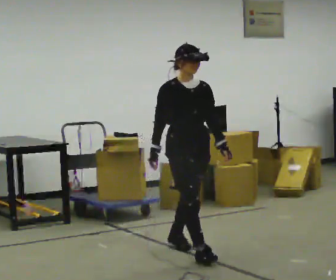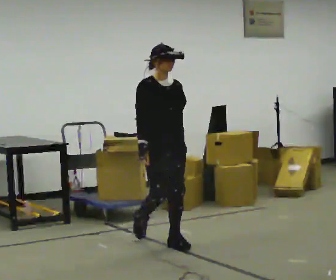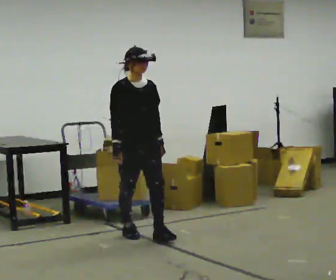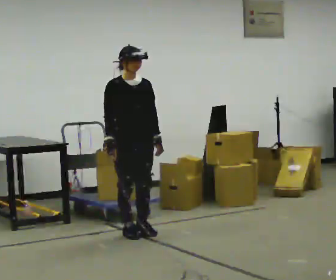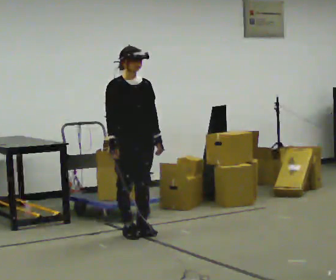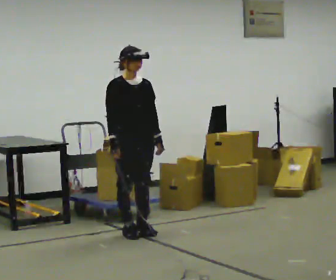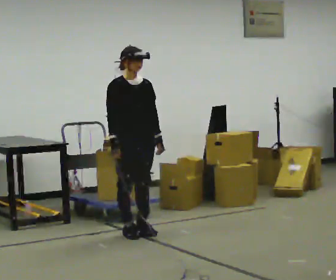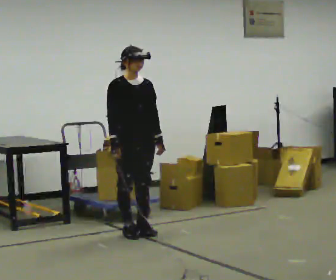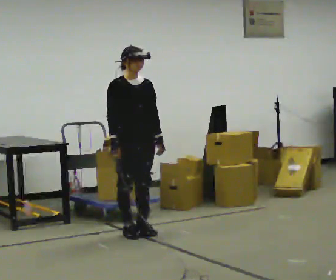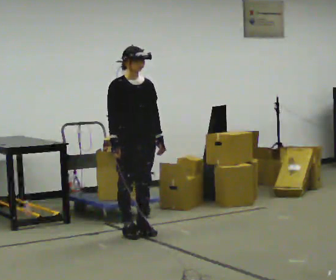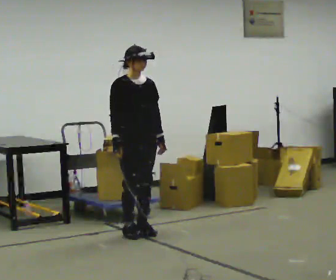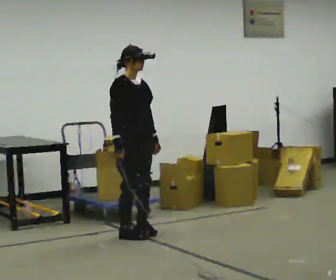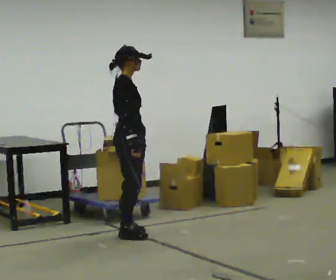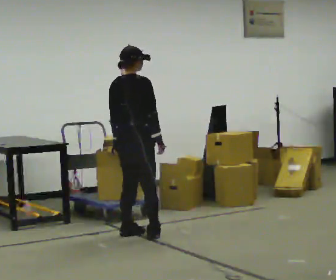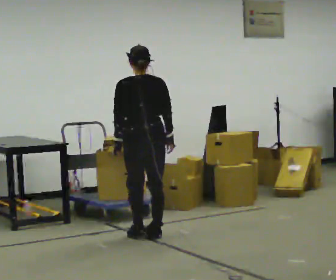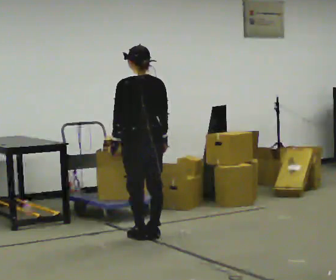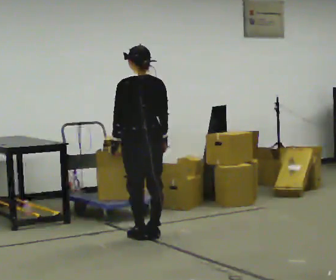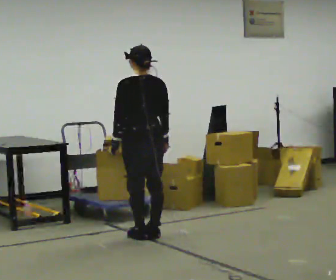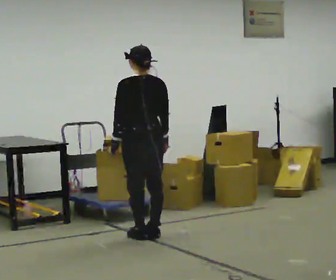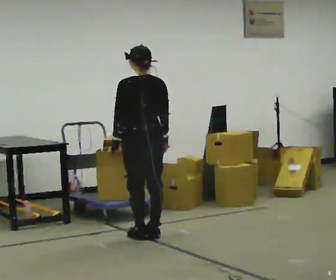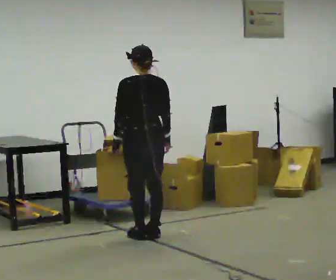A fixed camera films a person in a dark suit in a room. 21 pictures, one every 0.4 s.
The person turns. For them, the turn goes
to their left.
The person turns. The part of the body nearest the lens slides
to the right.
0.0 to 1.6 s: In the picture they go away from the camera and to the left, about 1 m in 2 steps, which for them is backward.
1.6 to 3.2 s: The person keeps their place and pose.
3.2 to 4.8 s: The person turns about 45 degrees to their left, counterclockwise seen from above, so the part of the body nearest the lens slides to the right.
4.8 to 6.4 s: The person turns about 135 degrees to their left, counterclockwise seen from above, so the part of the body nearest the lens slides to the right. In the picture they go to the right, about 0.25 m in 2 steps. In the picture their right hand goes to the right.
6.4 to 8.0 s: The person keeps their place and pose.
The film runs backward here.
